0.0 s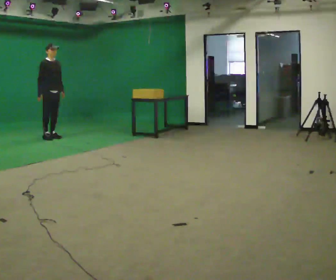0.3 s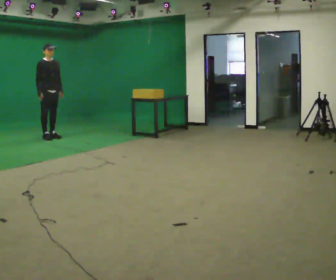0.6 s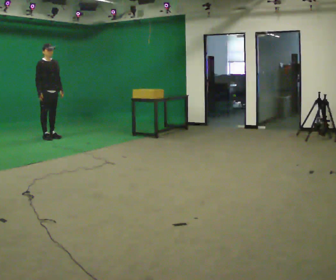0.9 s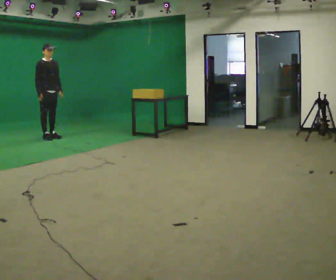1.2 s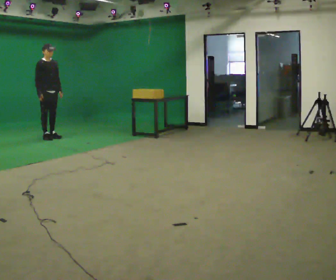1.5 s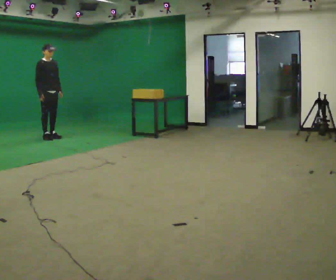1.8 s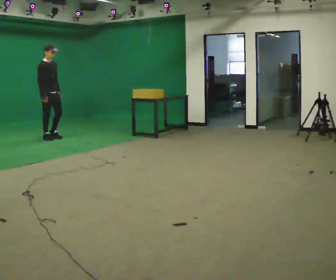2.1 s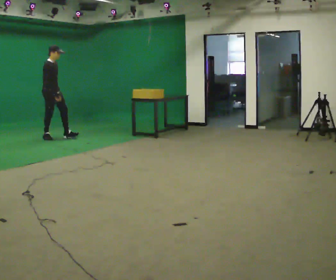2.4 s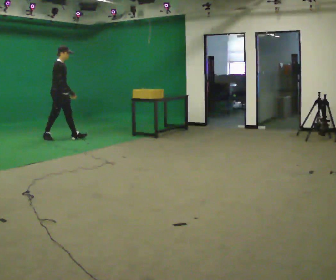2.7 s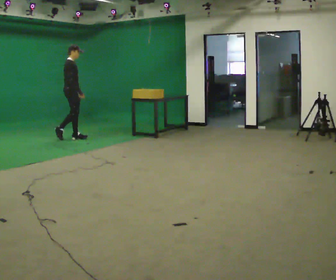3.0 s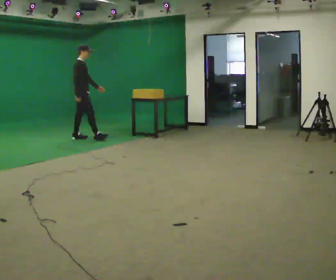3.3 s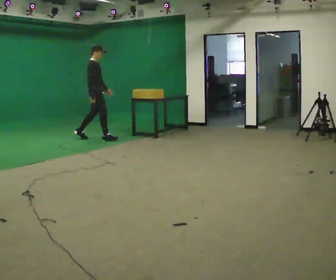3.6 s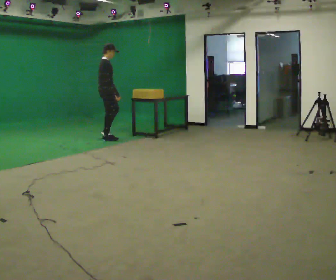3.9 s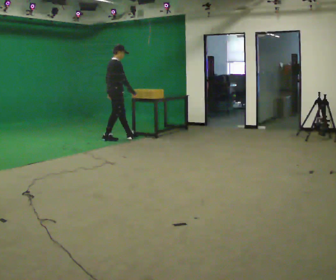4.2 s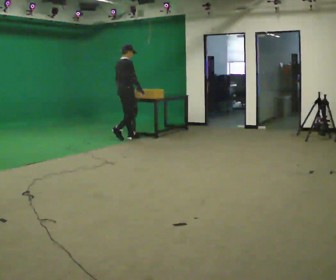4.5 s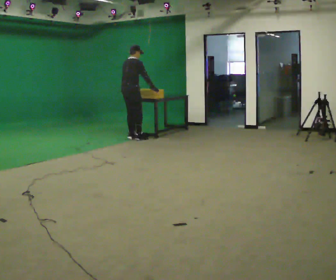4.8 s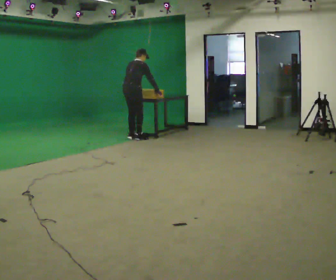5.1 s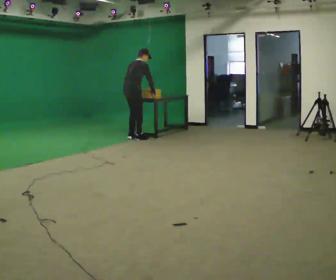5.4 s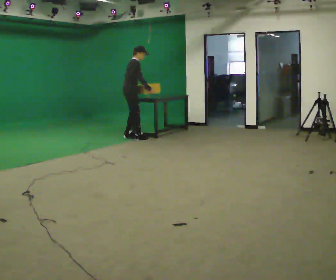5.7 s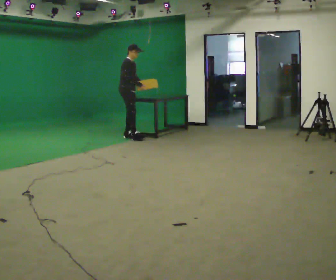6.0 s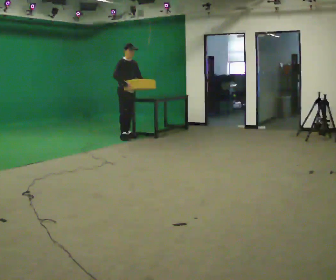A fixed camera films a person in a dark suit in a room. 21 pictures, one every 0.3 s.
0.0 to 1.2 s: The person moves a little, or ends about where they began.
1.2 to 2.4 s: Seen from above the body turns counterclockwise, about 30 degrees: to their left, with its near side sliding to the right. In the picture they go to the right, about 0.25 m in 1 step, which for them is forward.
2.4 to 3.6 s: In the picture they go to the right, about 1 m in 1 step, which for them is forward.
3.6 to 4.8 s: Seen from above the body turns counterclockwise, about 45 degrees: to their left, with its near side sliding to the right. In the picture they go to the right, about 0.5 m in 2 steps, which for them is forward and to their right. The upper body tips away from the camera, its near side rolling upward, as they bend forward.
4.8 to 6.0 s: The part of the body nearest the lens slides to the left as the person turns to their right by about 90 degrees. In the picture they go away from the camera and to the left, about 0.25 m in 2 steps. The upper body tips toward the camera, its near side rolling downward, as they lean back or straighten.
The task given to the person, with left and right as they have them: Walk quickly but do not run; remain comfortable and controlled; stop.
The film runs forward here.
